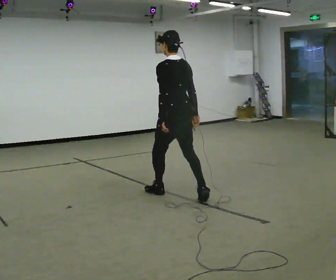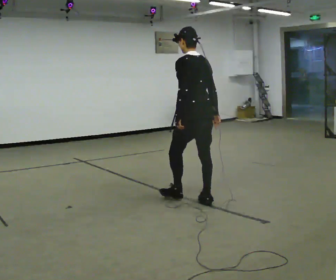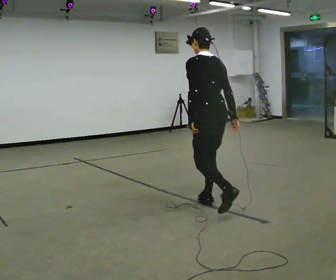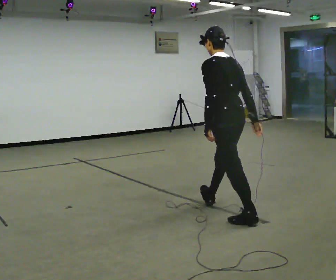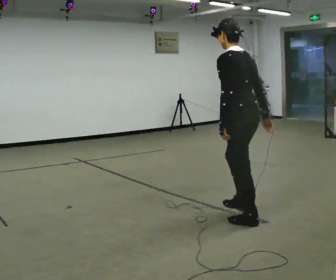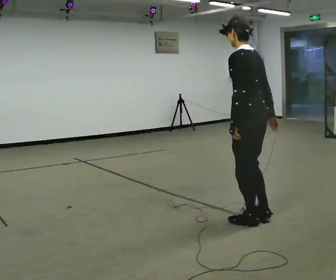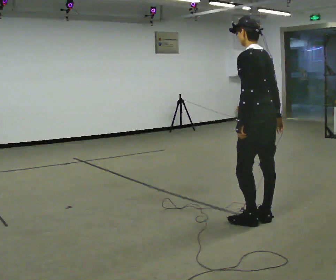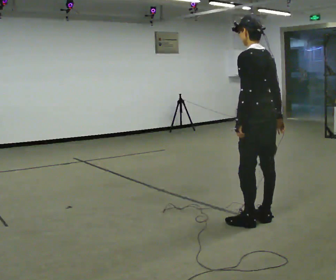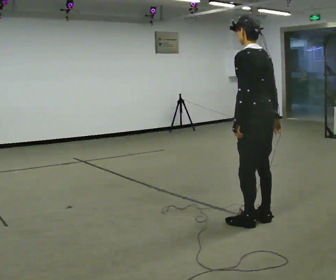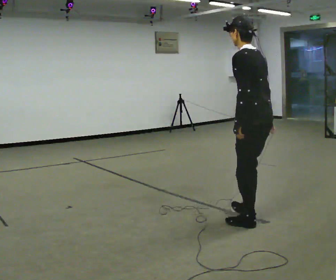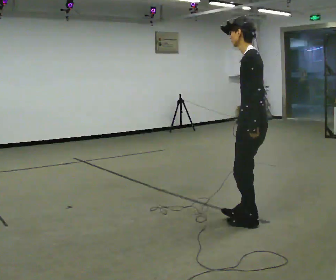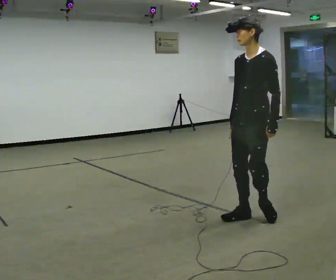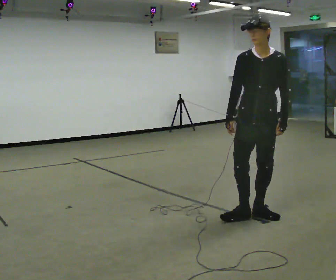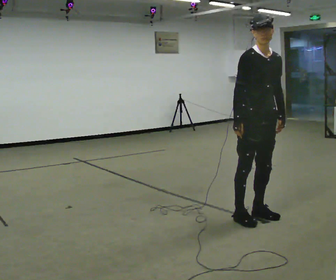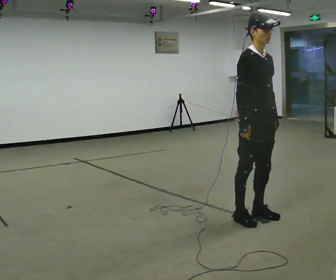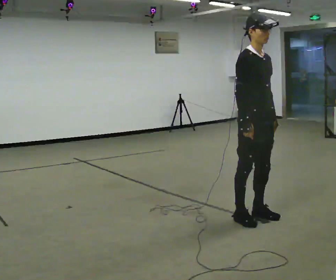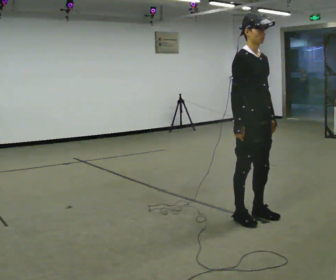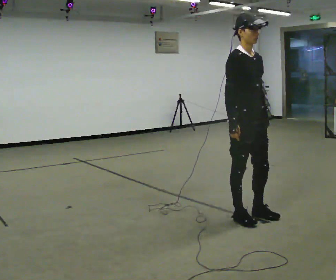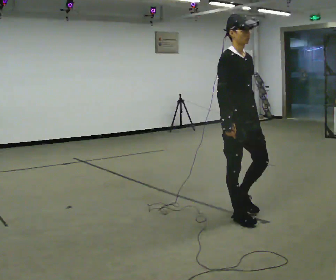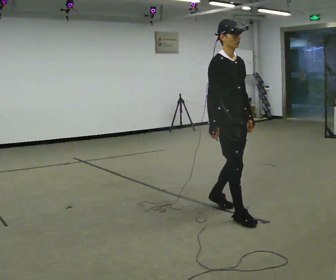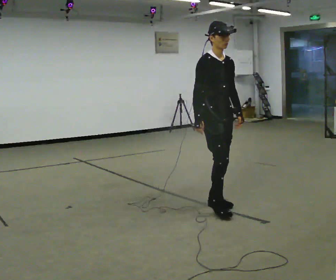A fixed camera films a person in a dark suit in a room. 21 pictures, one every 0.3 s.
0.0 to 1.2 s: In the picture they go toward the camera and to the right, about 1 m in 2 steps, which for them is backward.
1.2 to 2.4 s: The person moves a little, or ends about where they began.
2.4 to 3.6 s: Seen from above the body turns counterclockwise, about 120 degrees: to their left, with its near side sliding to the right. In the picture their right hand goes to the left, the arm swinging clockwise.
3.6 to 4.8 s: Seen from above the body turns counterclockwise, about 60 degrees: to their left, with its near side sliding to the right.
4.8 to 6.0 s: In the picture they go away from the camera and to the left, about 0.5 m in 2 steps, which for them is backward.
The film runs backward here.
